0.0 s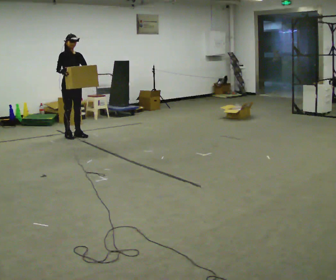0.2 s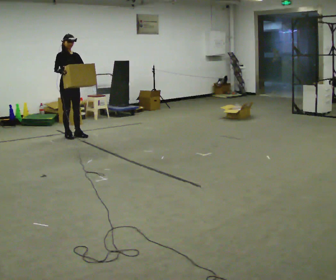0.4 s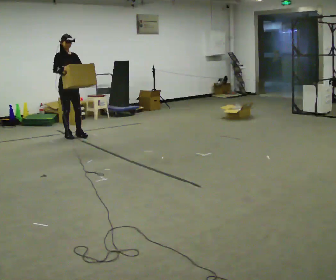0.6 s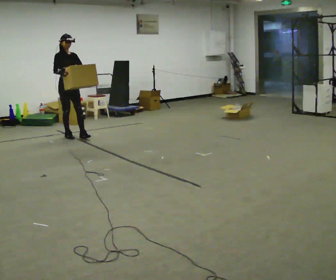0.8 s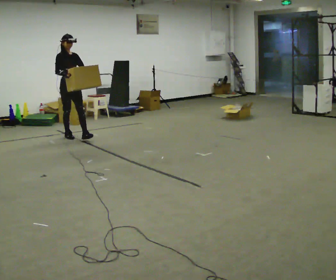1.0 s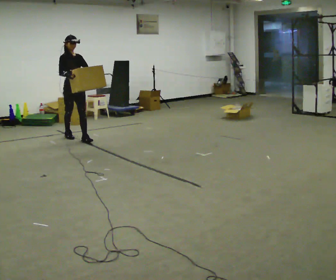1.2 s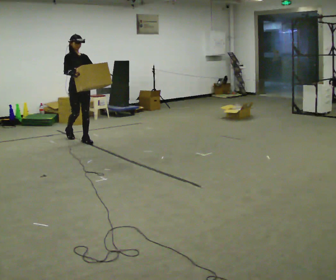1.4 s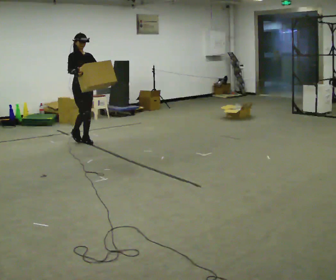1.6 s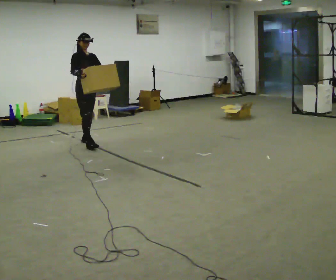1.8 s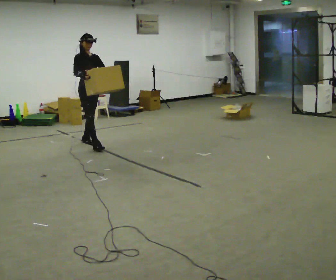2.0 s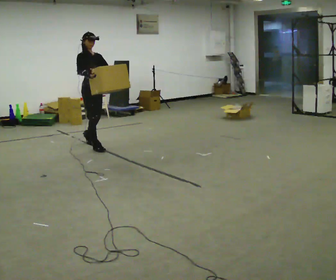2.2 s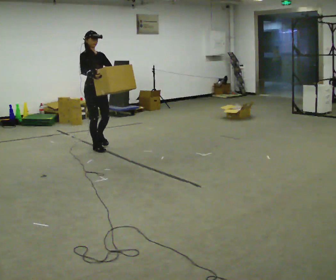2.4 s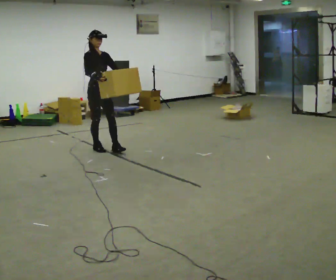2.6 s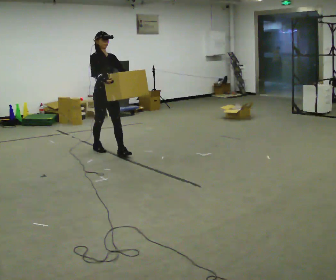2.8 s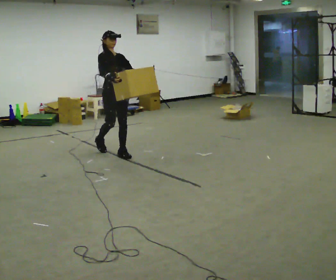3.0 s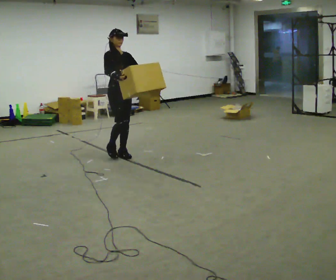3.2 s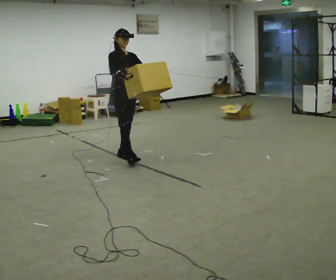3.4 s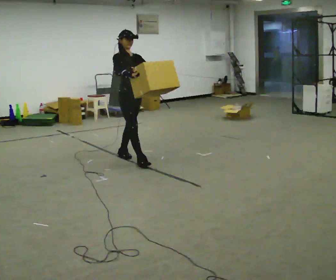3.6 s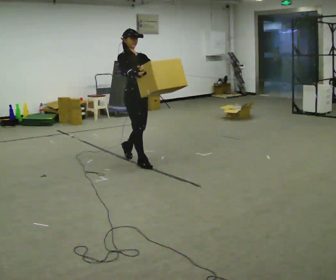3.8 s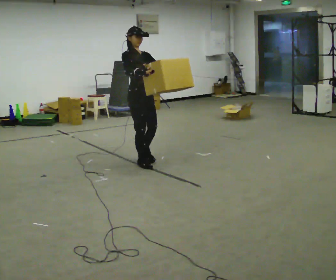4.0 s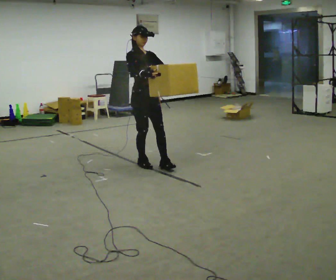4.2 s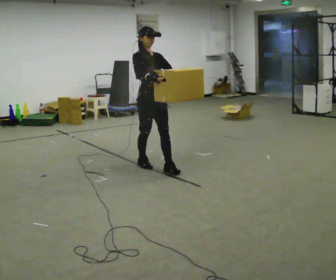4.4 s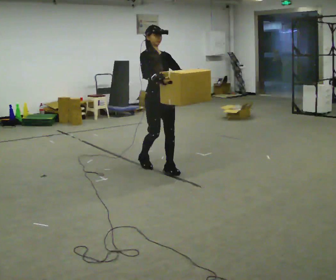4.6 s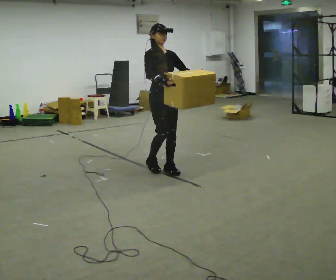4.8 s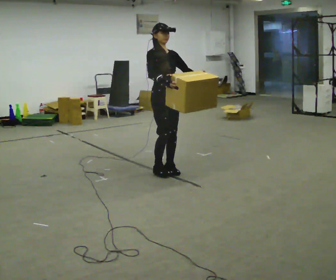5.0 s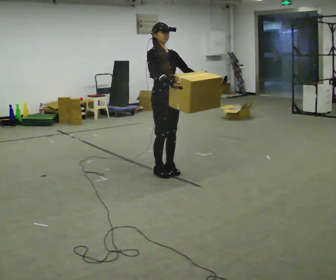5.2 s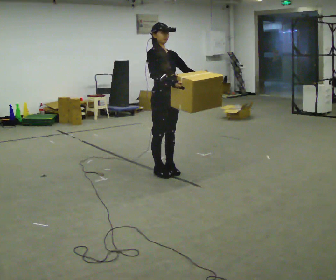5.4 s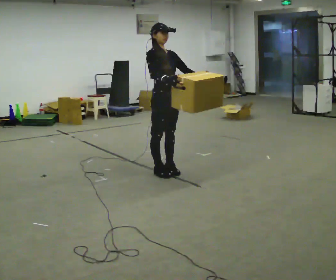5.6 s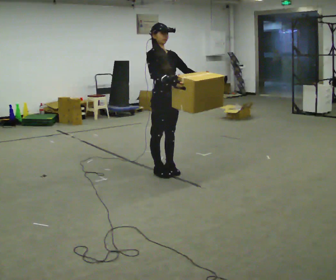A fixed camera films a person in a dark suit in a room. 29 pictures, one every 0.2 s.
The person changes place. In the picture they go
toward the camera.
0.0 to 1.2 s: In the picture they go toward the camera, about 0.25 m in 1 step, which for them is forward.
1.2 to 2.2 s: In the picture they go toward the camera and to the right, about 0.5 m in 1 step, which for them is forward.
2.2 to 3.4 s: In the picture they go toward the camera and to the right, about 0.5 m in 2 steps, which for them is forward.
3.4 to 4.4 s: In the picture they go toward the camera and to the right, about 0.5 m in 1 step, which for them is forward.
4.4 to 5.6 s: The person moves a little, or ends about where they began.
The film runs forward here.
